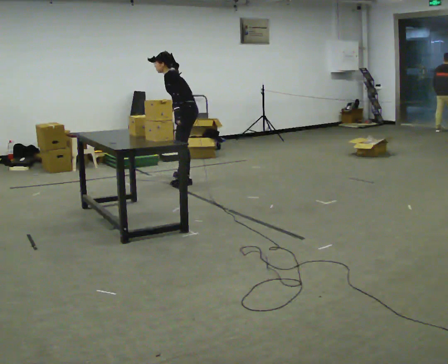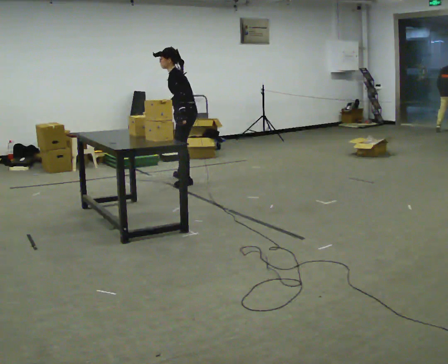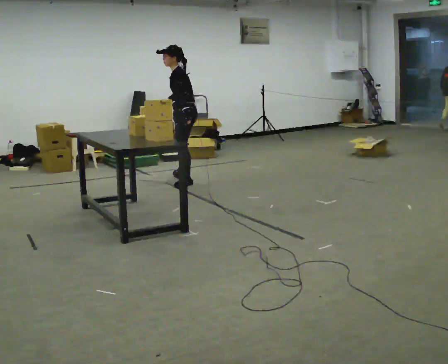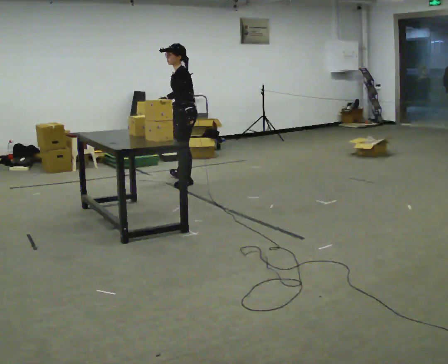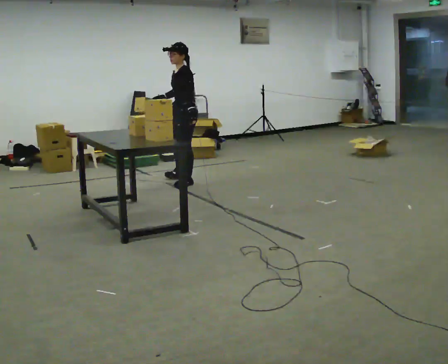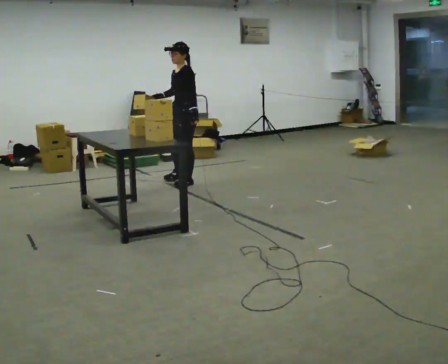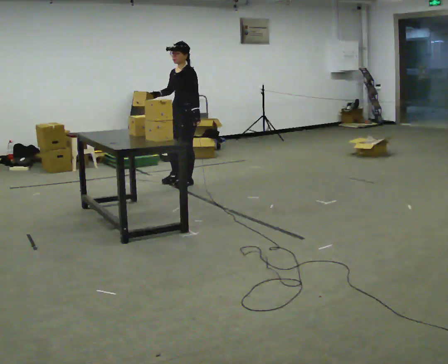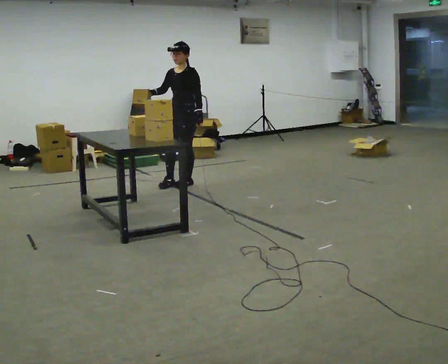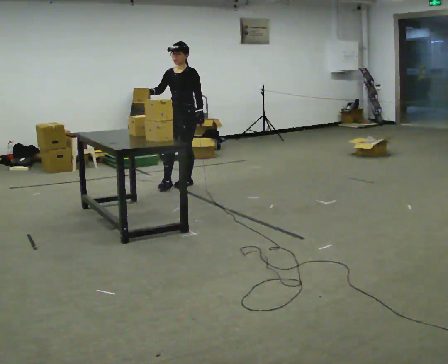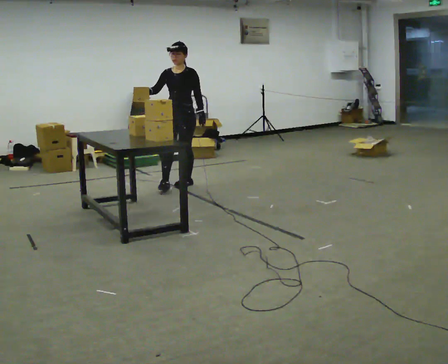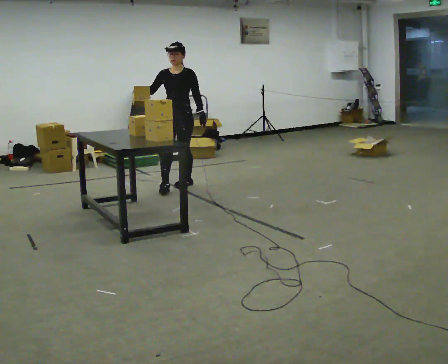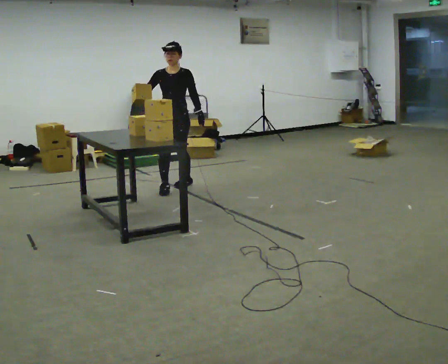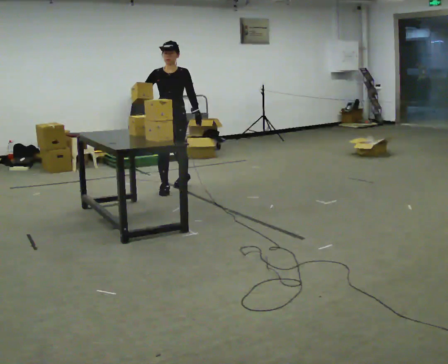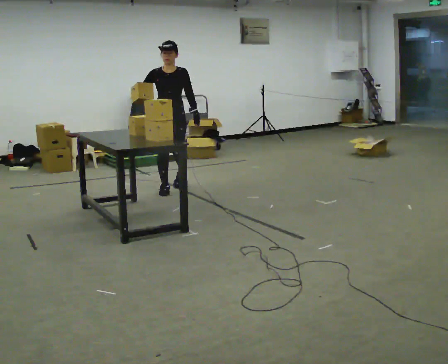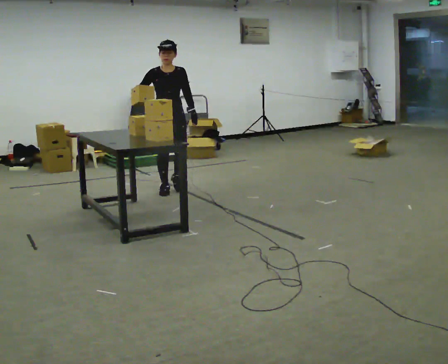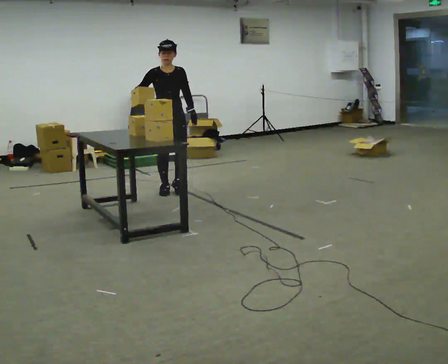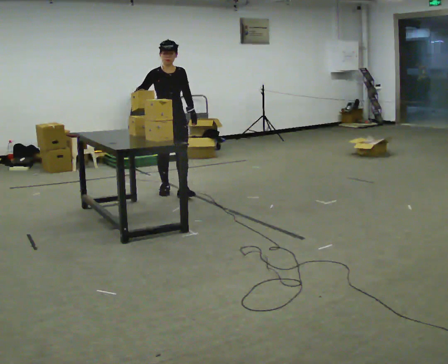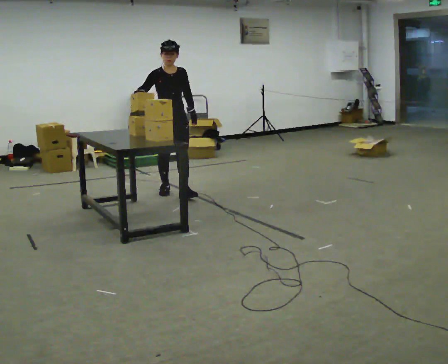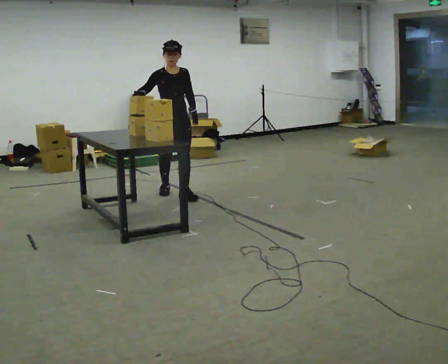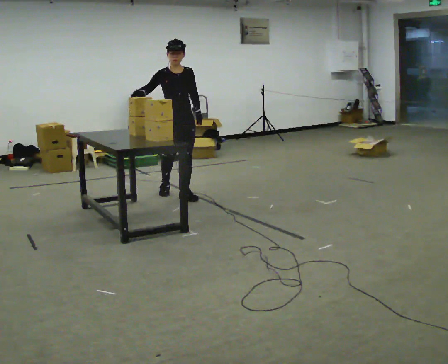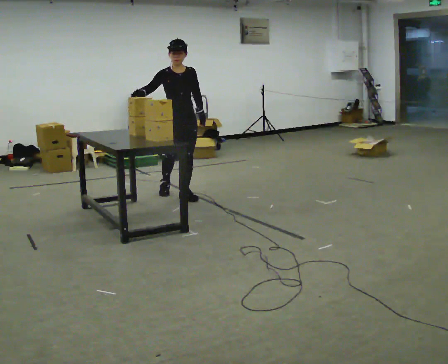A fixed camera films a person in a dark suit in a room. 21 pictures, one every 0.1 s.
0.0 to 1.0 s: The part of the body nearest the lens slides to the right as the person turns to their left by about 75 degrees. In the picture they go toward the camera and to the left, about 0.5 m in 1 step. In the picture the upper body tilts clockwise, shoulders to the right, as they lean back or straighten.
1.0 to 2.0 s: The person turns about 30 degrees to their left, counterclockwise seen from above, so the part of the body nearest the lens slides to the right. In the picture they go toward the camera, about 0.5 m in 1 step, which for them is forward.
The film runs forward here.
